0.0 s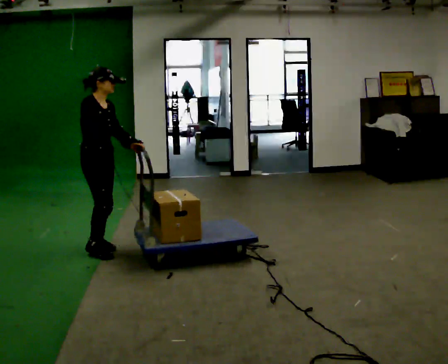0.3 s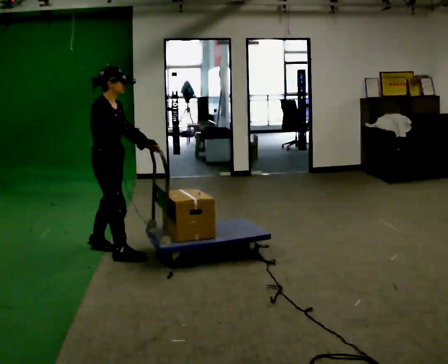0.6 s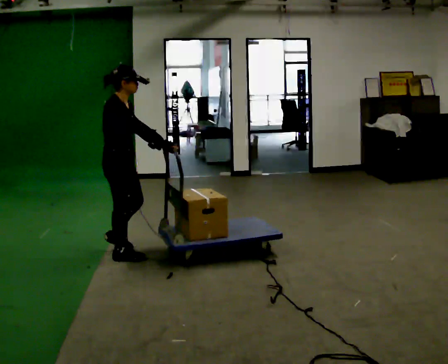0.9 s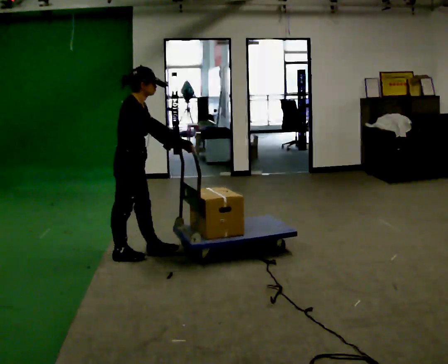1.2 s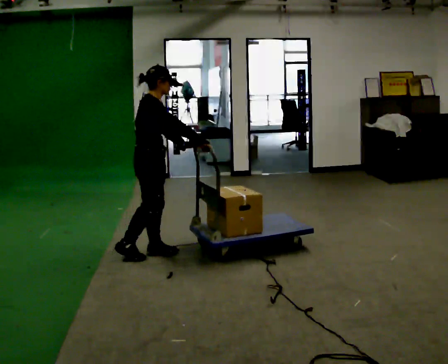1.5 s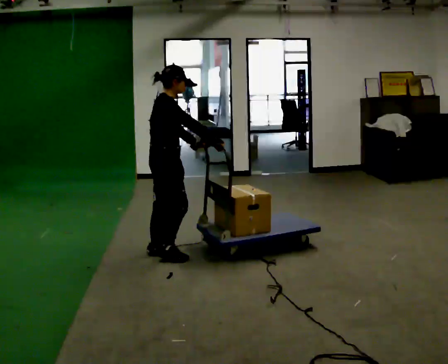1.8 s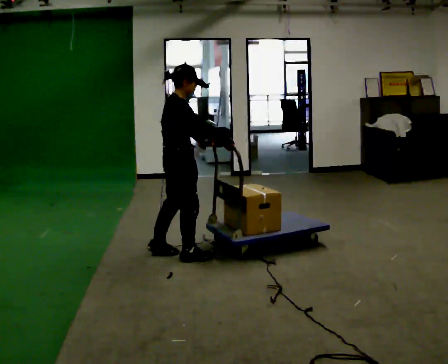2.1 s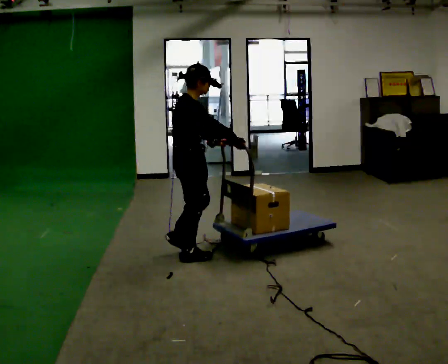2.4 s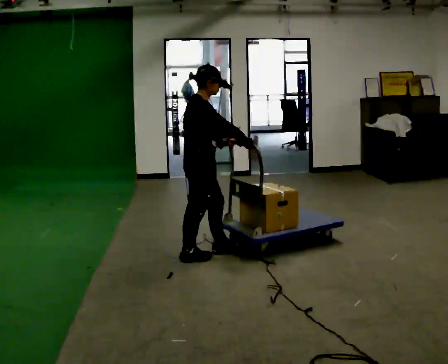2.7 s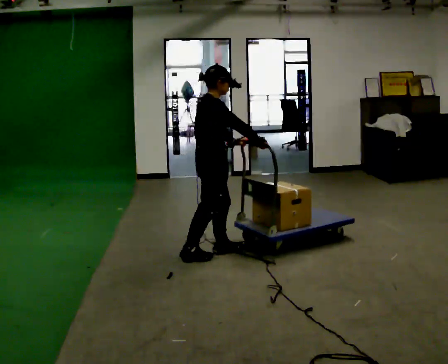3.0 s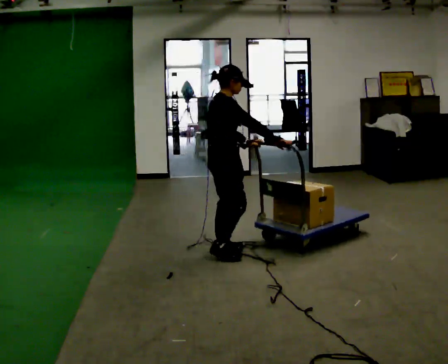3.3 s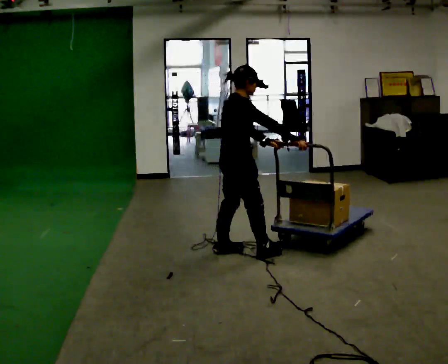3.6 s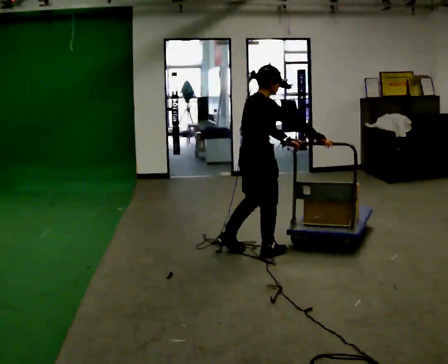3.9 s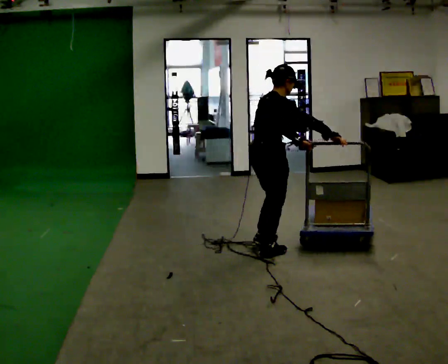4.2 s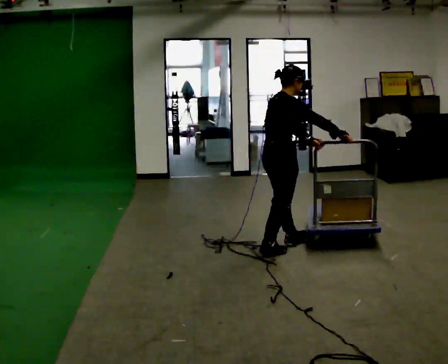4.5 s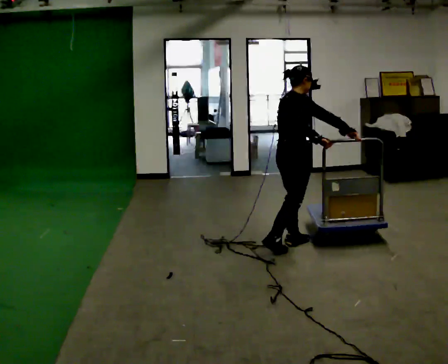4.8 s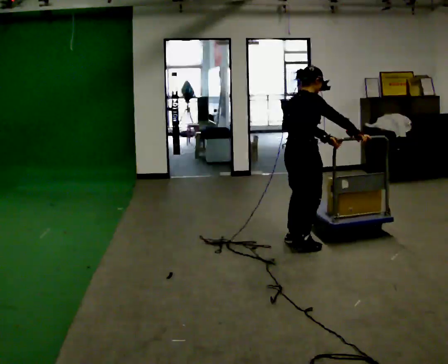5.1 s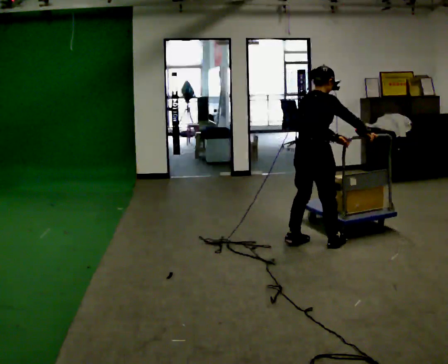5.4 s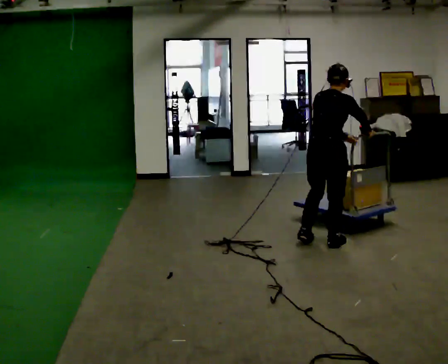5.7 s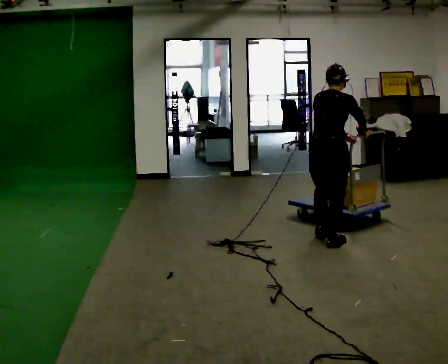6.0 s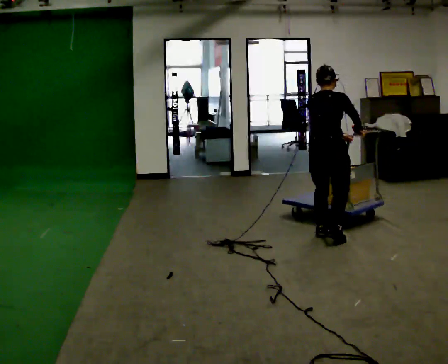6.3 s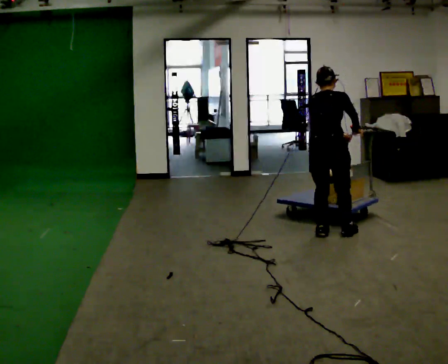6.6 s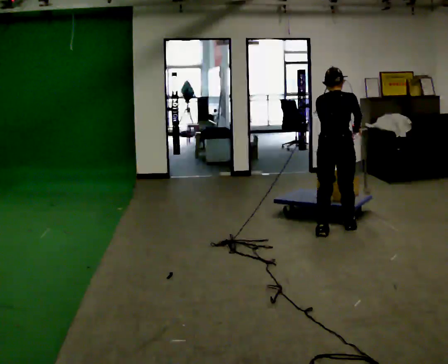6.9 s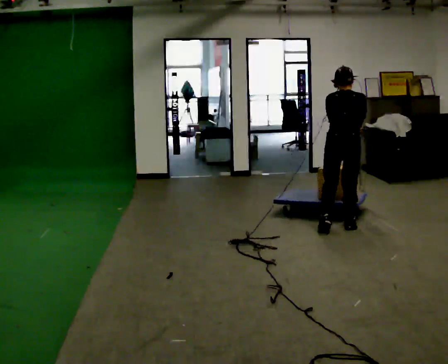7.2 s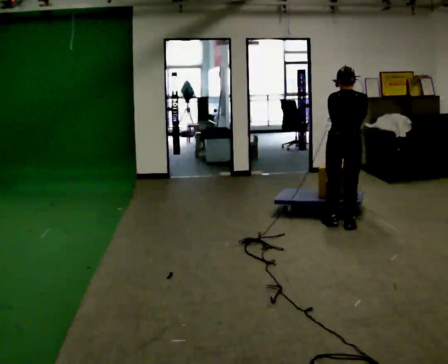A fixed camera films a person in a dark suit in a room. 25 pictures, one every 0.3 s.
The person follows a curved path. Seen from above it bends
counterclockwise.
The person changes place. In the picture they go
to the right.
0.0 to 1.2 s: The person turns about 30 degrees to their left, counterclockwise seen from above, so the part of the body nearest the lens slides to the right. In the picture they go to the right, about 0.5 m in 2 steps, which for them is forward.
1.2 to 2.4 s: In the picture they go to the right, about 0.25 m in 2 steps, which for them is forward.
2.4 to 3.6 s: In the picture they go to the right, about 0.5 m in 1 step, which for them is forward.
3.6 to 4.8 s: In the picture they go to the right and away from the camera, about 0.5 m in 1 step, which for them is forward.
4.8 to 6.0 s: The person turns about 30 degrees to their left, counterclockwise seen from above, so the part of the body nearest the lens slides to the right. In the picture they go to the right and away from the camera, about 0.25 m in 2 steps, which for them is forward.
6.0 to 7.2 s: In the picture they go away from the camera and to the right, about 0.25 m in 1 step, which for them is forward and to their right.
The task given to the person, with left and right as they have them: Push the cart across the room and back. The operator will change how much is loaded on it between takes and will tell you each time.
The film runs forward here.
